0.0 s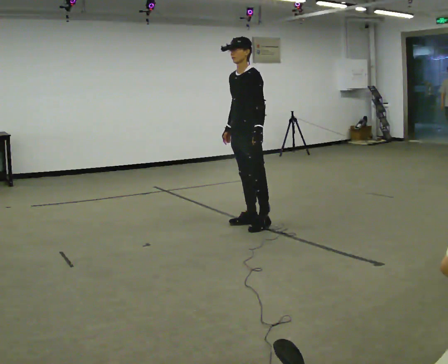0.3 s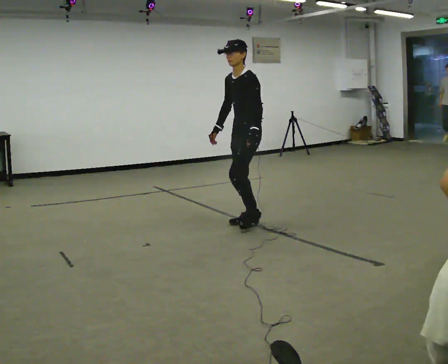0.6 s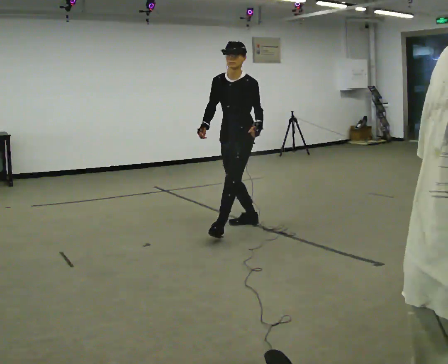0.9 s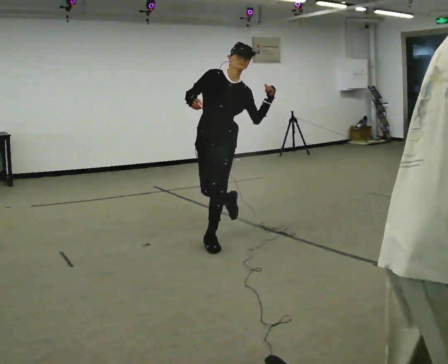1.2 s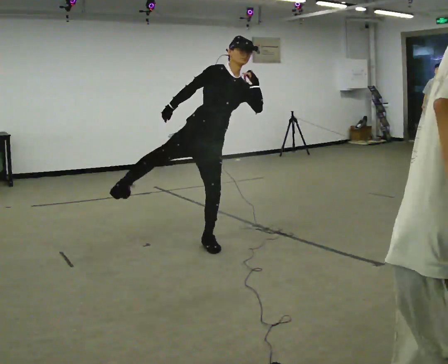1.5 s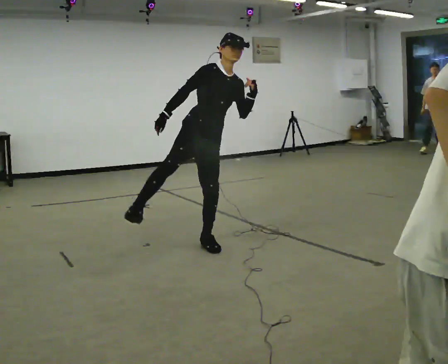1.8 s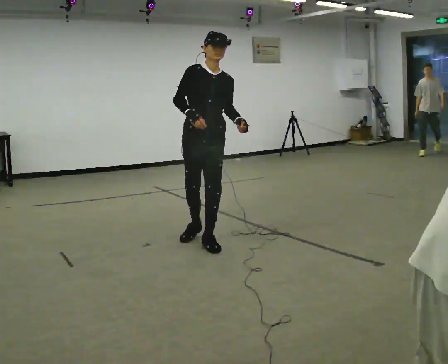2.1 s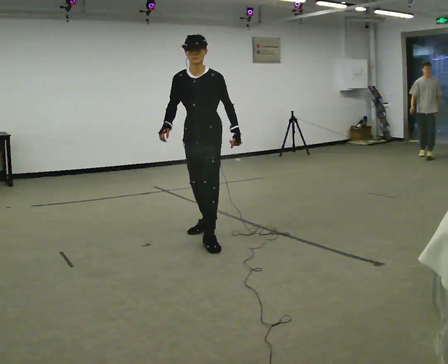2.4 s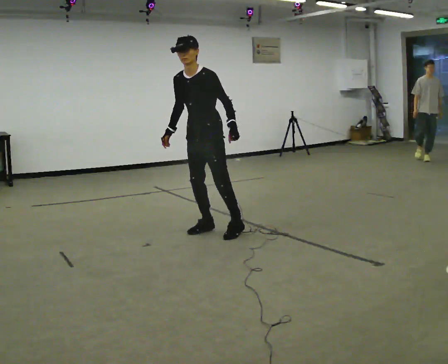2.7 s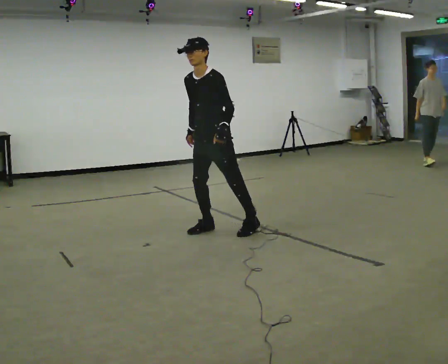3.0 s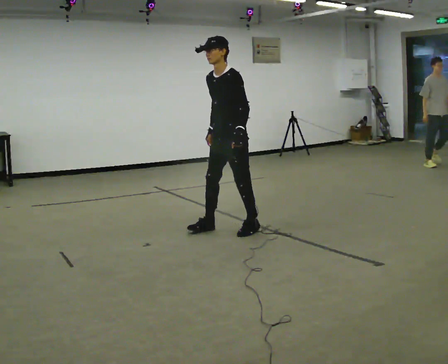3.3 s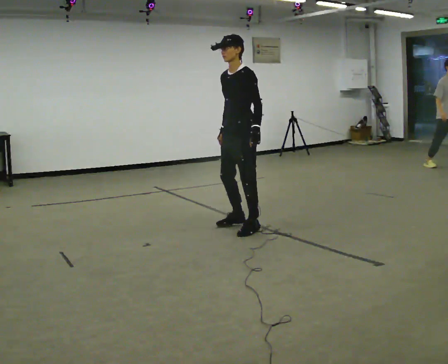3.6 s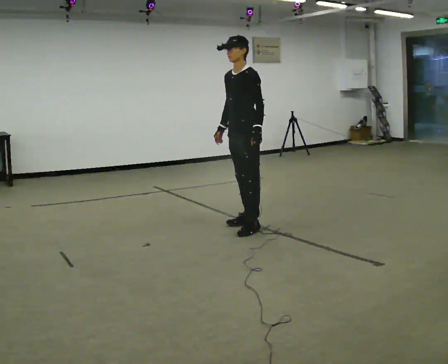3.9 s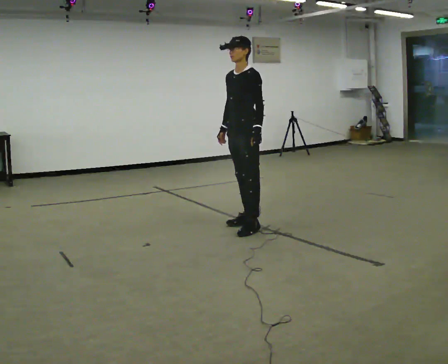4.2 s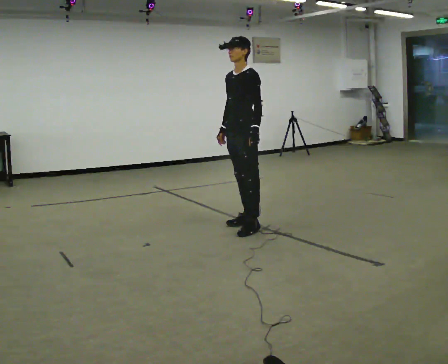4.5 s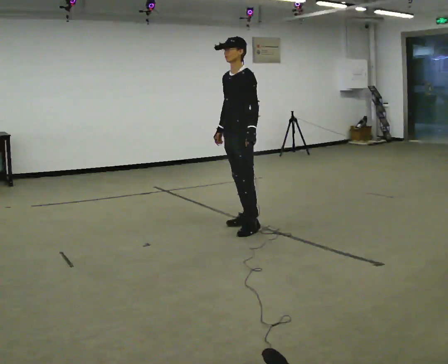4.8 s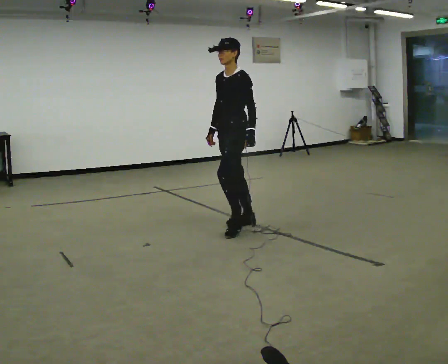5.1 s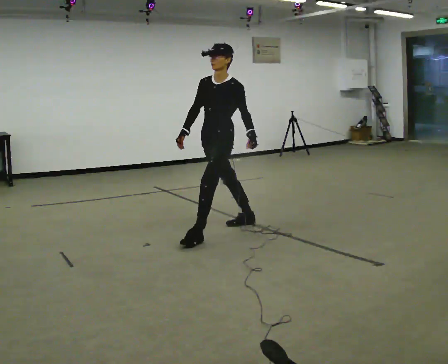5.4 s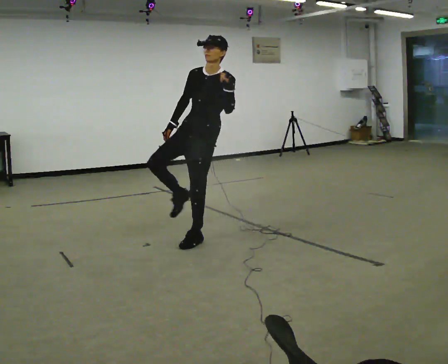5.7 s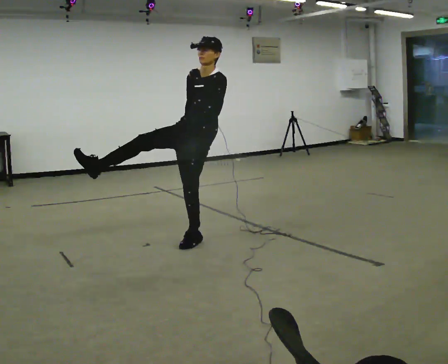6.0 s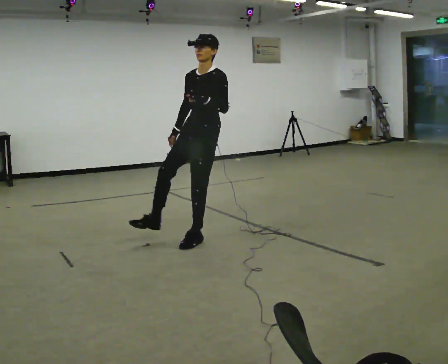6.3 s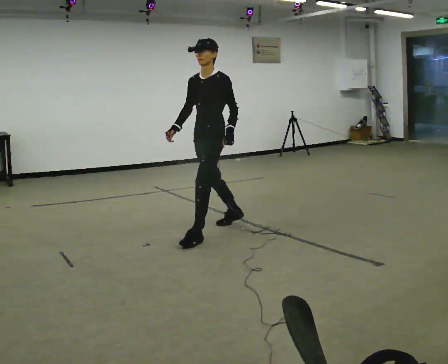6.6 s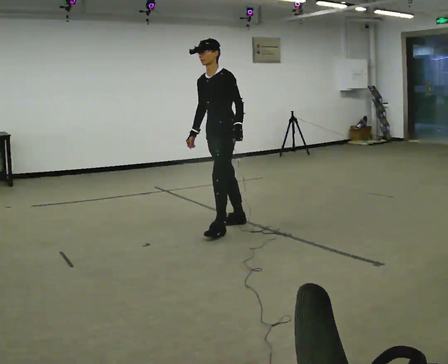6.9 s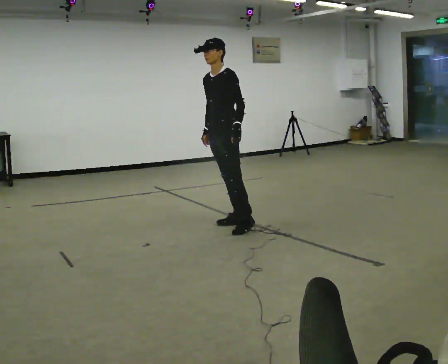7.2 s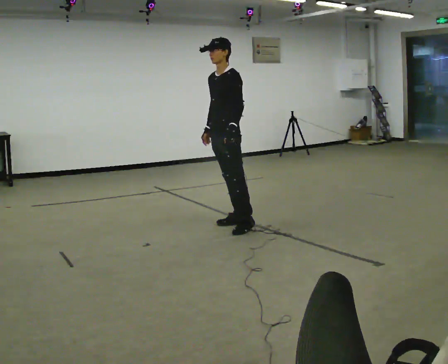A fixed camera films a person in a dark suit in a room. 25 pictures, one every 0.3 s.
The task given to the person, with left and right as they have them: Kick into the air with each leg in turn, front kicks and side kicks, at a comfortable height. Repeat the movement at your own pace until the operator says stop; do not rush.
0.0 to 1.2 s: Seen from above the body turns counterclockwise, about 90 degrees: to their left, with its near side sliding to the right. In the picture they go toward the camera and to the left, about 0.75 m in 1 step. In the picture the upper body tilts clockwise, shoulders to the right. In the picture their left hand goes upward.
1.2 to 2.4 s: Seen from above the body turns clockwise, about 60 degrees: to their right, with its near side sliding to the left. In the picture they go away from the camera, about 0.25 m in 1 step. In the picture the upper body tilts counterclockwise, shoulders to the left. In the picture their left hand goes downward.
2.4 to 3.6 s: In the picture they go to the right and away from the camera, about 0.5 m in 2 steps, which for them is backward.
3.6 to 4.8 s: The person moves a little, or ends about where they began.
4.8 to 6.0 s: In the picture they go toward the camera and to the left, about 0.5 m in 1 step, which for them is forward. In the picture their left hand goes upward.
6.0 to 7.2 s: In the picture they go away from the camera, about 0.5 m in 1 step, which for them is backward and to their right.
The film runs forward here.
